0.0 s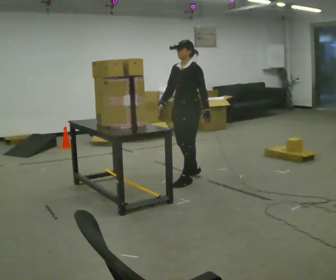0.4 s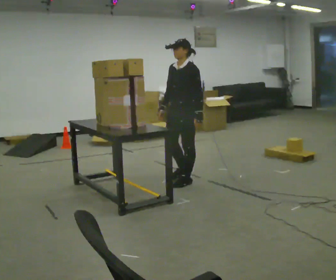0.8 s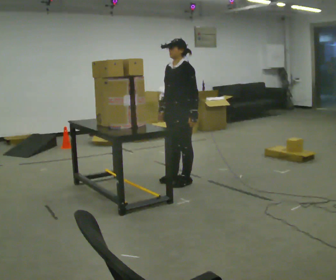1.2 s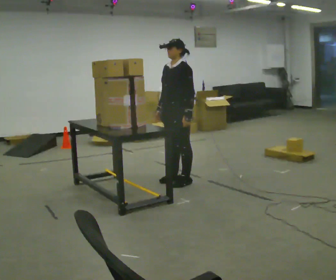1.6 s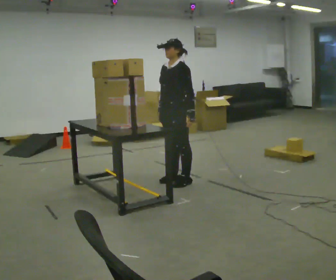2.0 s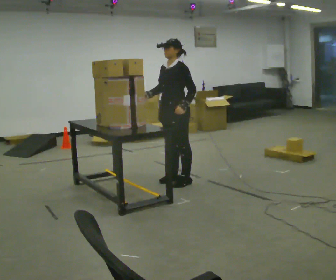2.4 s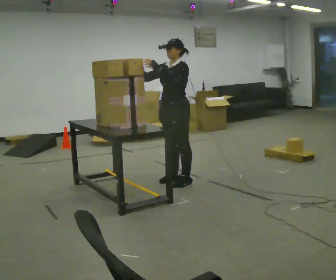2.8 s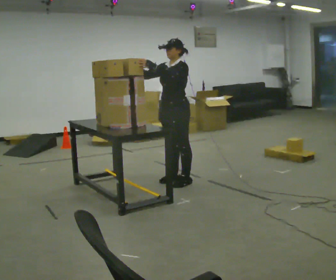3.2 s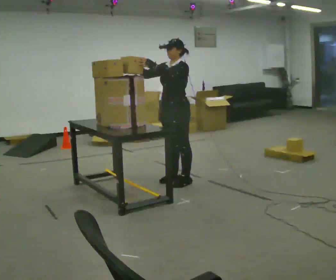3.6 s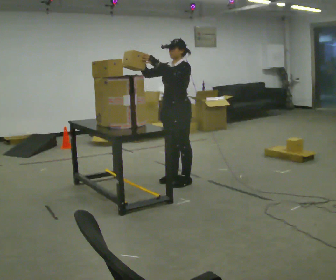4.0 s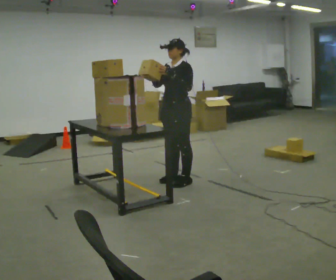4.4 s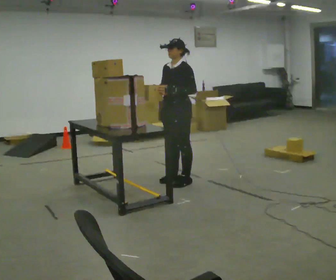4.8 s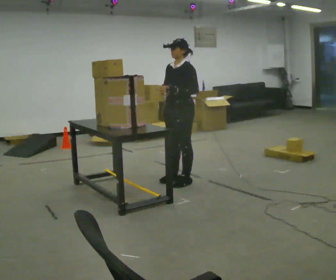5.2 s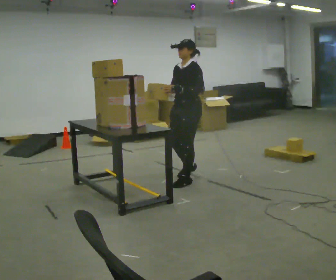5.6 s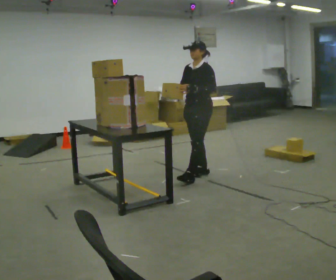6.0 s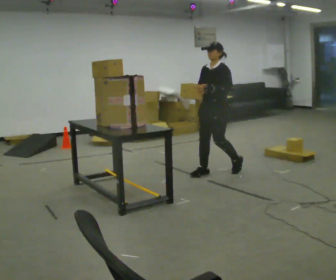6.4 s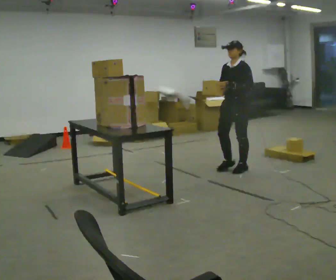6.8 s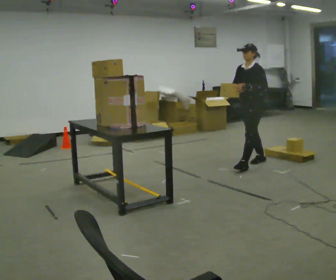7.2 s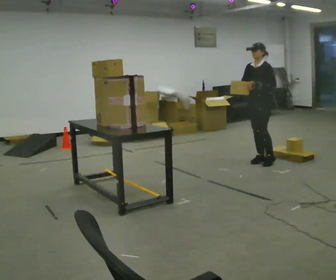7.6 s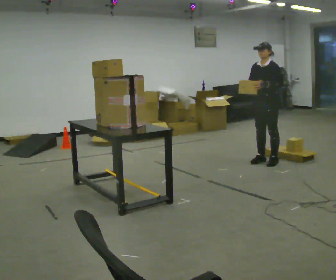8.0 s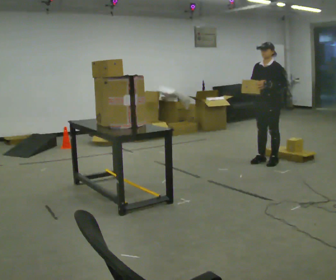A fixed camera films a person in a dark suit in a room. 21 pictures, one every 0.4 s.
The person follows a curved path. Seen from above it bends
counterclockwise.
The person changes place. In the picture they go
to the right.
0.0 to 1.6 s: In the picture they go to the left, about 0.25 m in 1 step, which for them is forward.
1.6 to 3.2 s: In the picture their right hand goes upward, the arm swinging clockwise.
3.2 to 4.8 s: The person moves a little, or ends about where they began.
4.8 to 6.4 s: In the picture they go to the right and away from the camera, about 1 m in 3 steps, which for them is backward.
6.4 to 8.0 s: In the picture they go to the right and away from the camera, about 0.5 m in 1 step, which for them is backward.
The film runs backward here.
